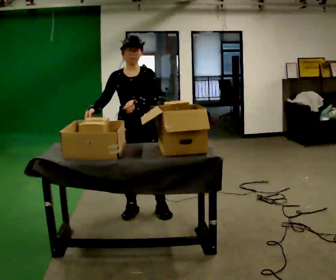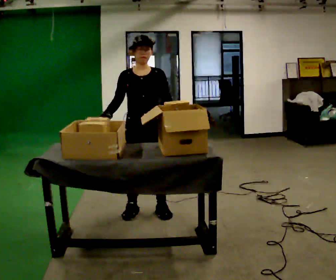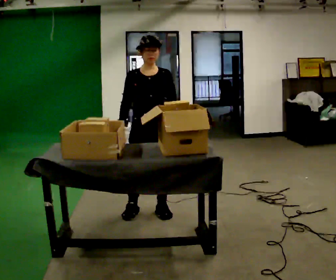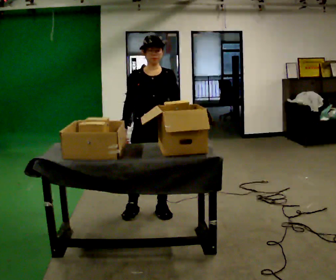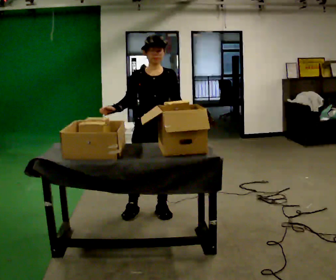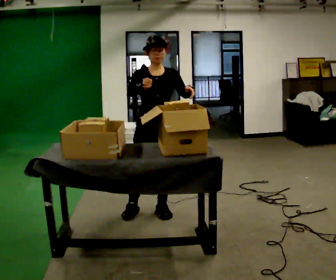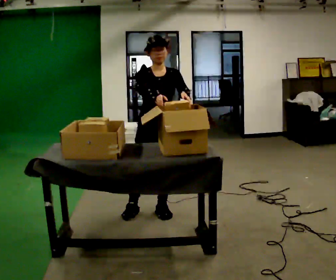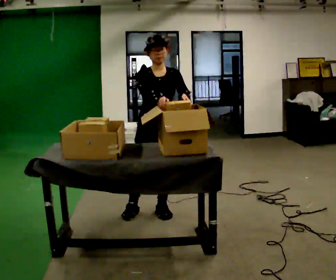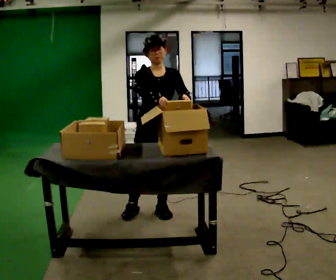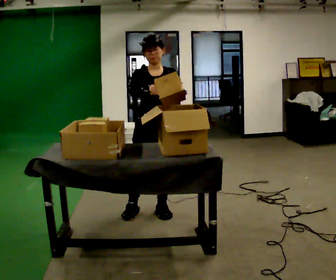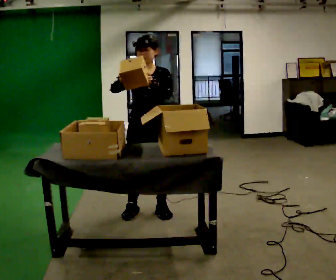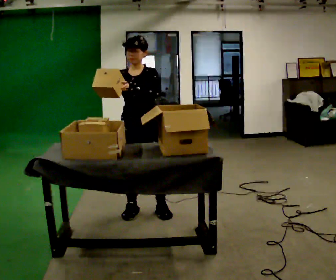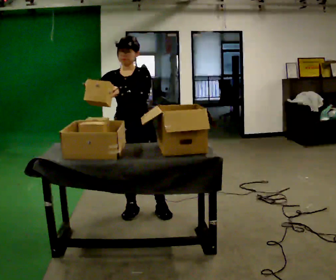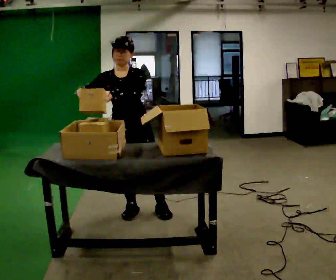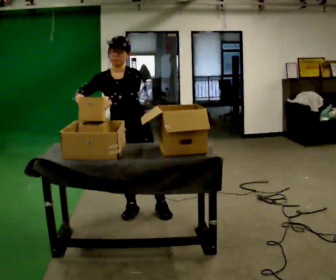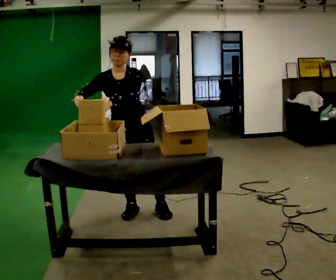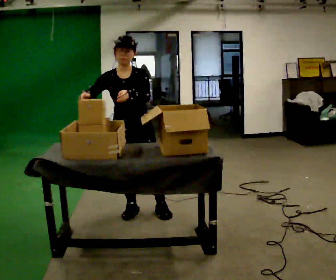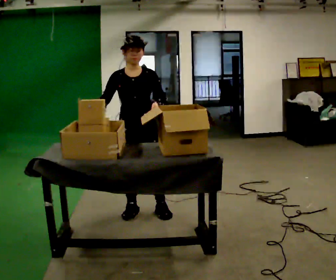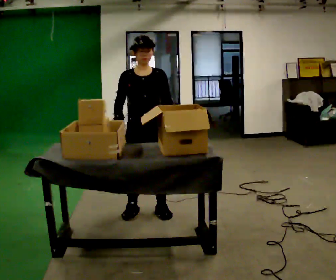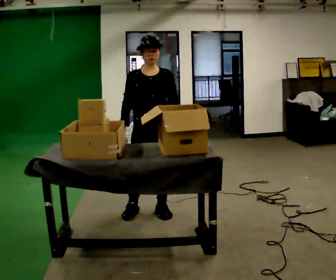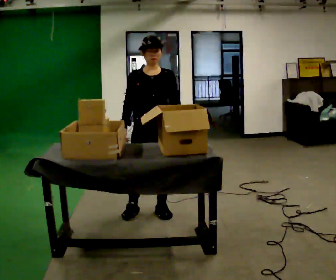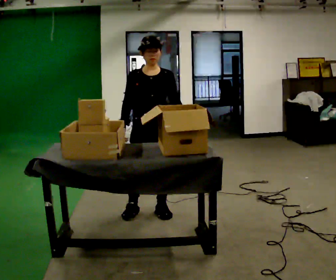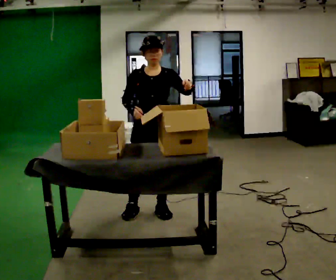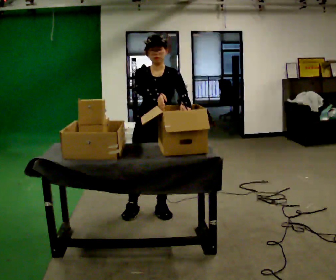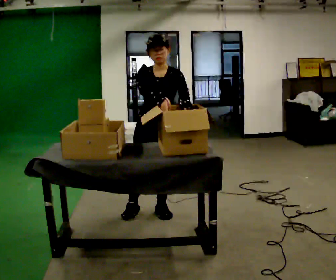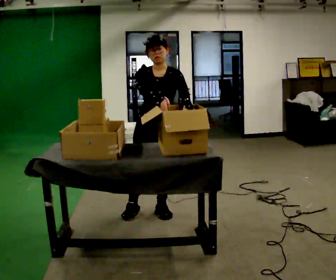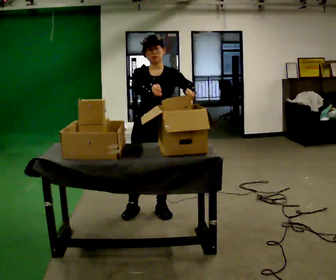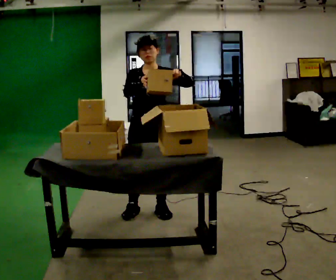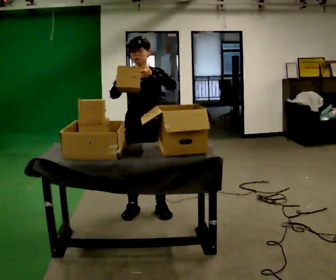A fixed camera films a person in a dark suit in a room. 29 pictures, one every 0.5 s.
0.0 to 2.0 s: In the picture they go to the right, about 0.25 m, which for them is to their left. In the picture their left hand goes to the right.
2.0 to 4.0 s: In the picture their right hand goes to the right.
4.0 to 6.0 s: In the picture they go to the left, about 0.25 m, which for them is to their right. In the picture their right hand goes to the left.
6.0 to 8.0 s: The person moves a little, or ends about where they began.
8.0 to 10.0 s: In the picture they go to the right, about 0.25 m, which for them is to their left. In the picture their left hand goes to the right.
10.0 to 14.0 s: In the picture their left hand goes upward.
The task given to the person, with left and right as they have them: 1. Move everything from the second bin into the first bin. 2. Carry the empty bin to the shelf. 3. Carry the full bin to the table. 4. Tell the operator when you are finished.
The film runs forward here.
